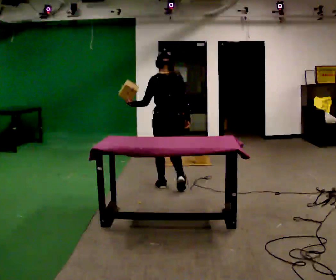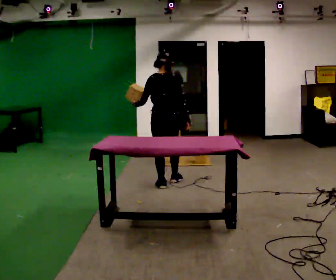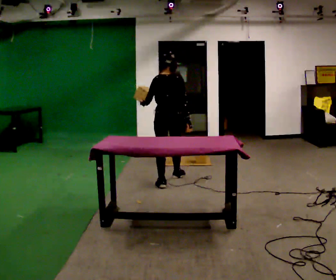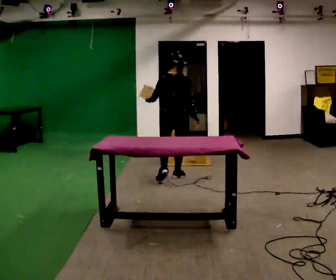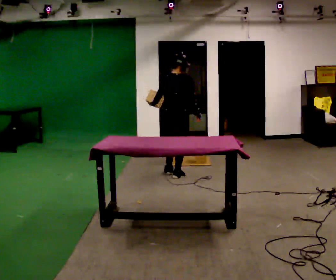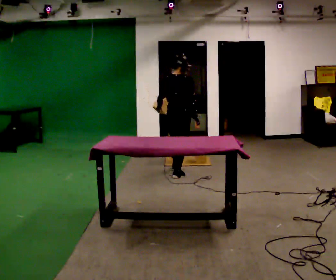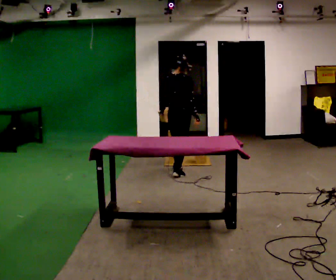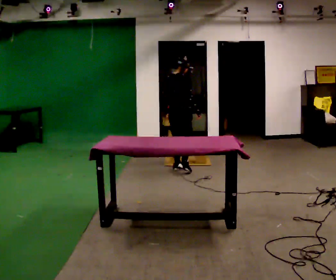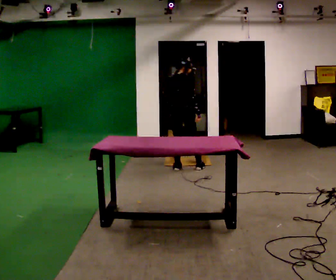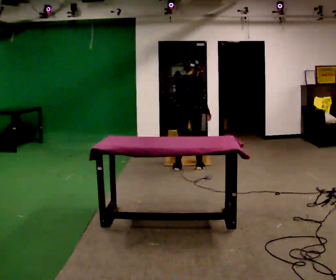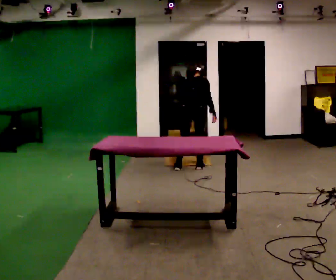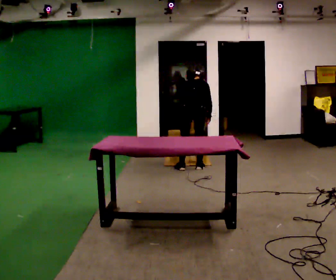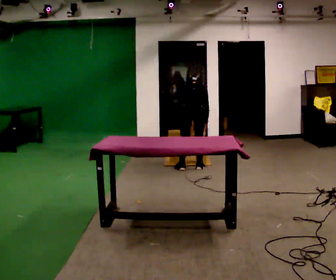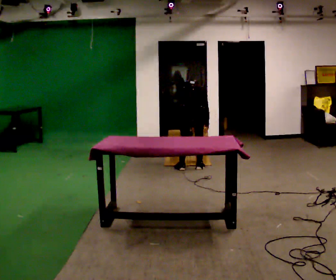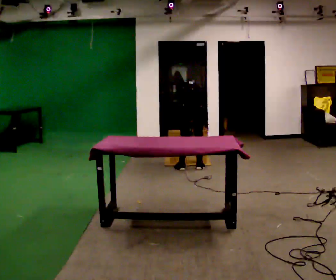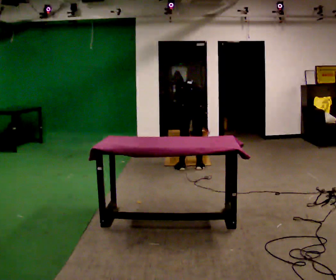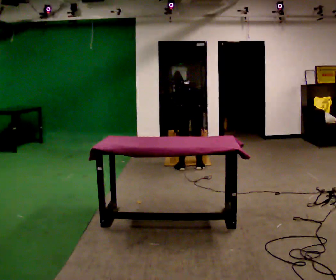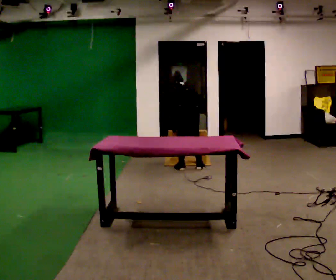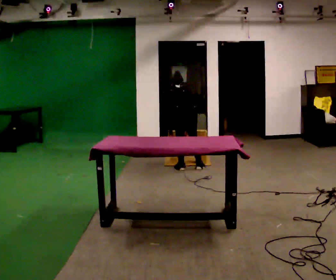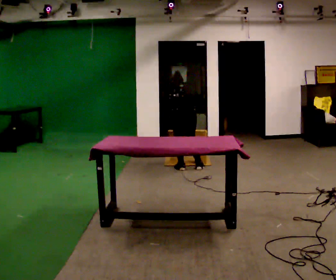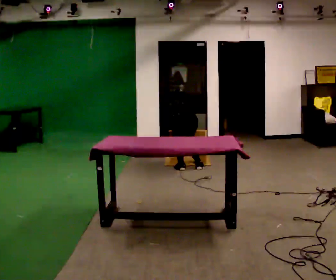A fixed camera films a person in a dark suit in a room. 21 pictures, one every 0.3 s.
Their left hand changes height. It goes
downward.
The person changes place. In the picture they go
away from the camera.
0.0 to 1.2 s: In the picture they go away from the camera, about 0.5 m in 1 step, which for them is forward.
1.2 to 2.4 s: In the picture they go away from the camera, about 0.5 m in 1 step, which for them is forward and to their left.
2.4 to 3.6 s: In the picture they go to the right, about 0.25 m in 1 step, which for them is to their right. The upper body goes downward. The upper body tips away from the camera, its near side rolling upward, as they bend forward.
3.6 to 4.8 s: In the picture the upper body tilts counterclockwise, shoulders to the left.
4.8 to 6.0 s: The upper body goes downward. In the picture the upper body tilts counterclockwise, shoulders to the left, as they bend forward. In the picture their right hand goes downward.
The film runs forward here.
